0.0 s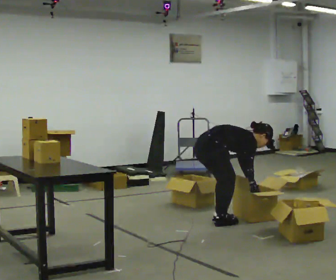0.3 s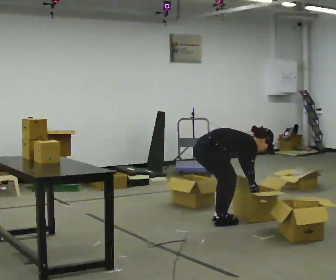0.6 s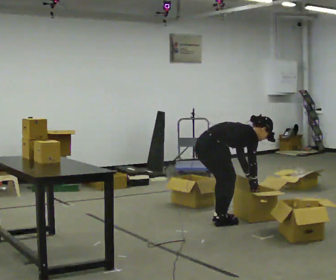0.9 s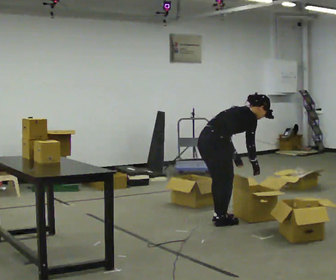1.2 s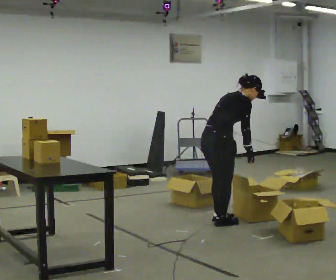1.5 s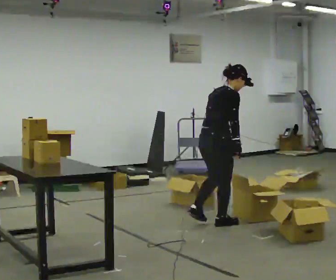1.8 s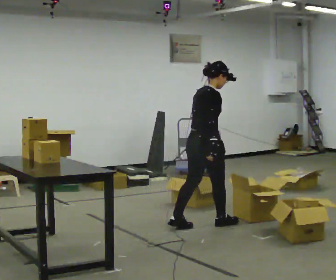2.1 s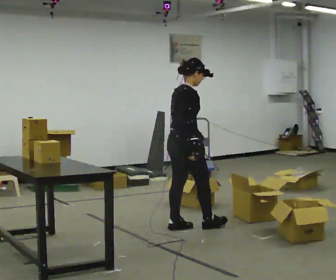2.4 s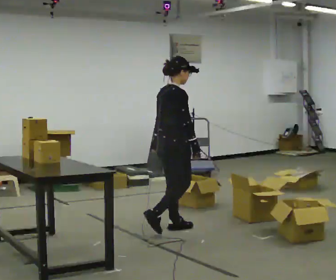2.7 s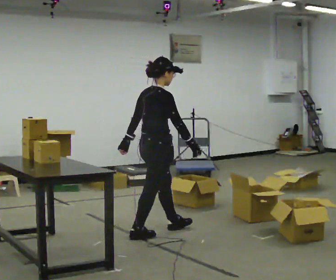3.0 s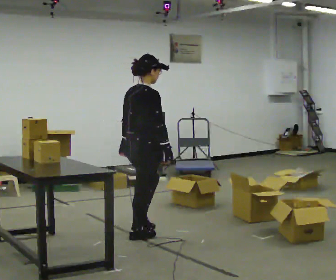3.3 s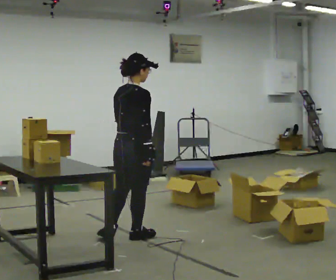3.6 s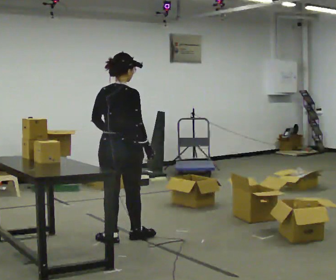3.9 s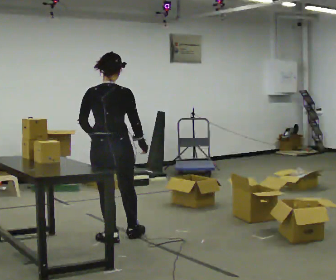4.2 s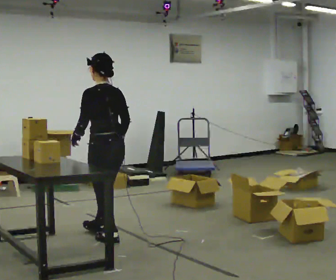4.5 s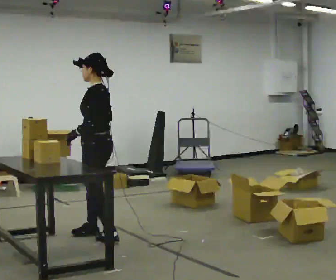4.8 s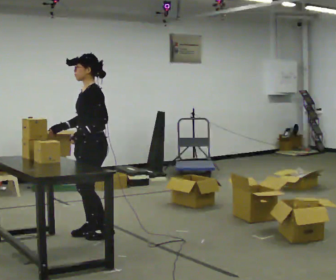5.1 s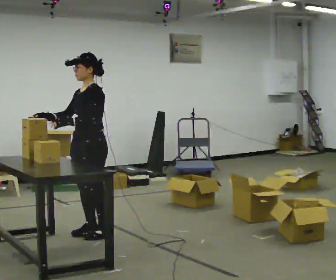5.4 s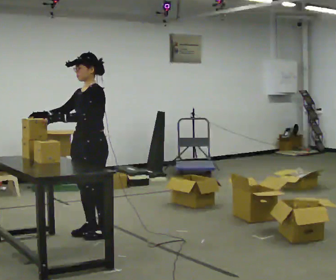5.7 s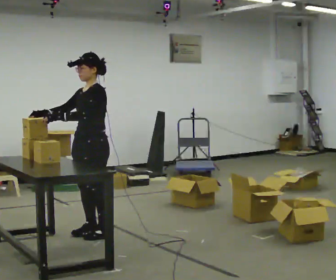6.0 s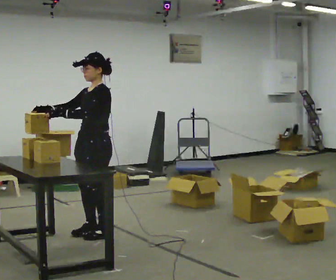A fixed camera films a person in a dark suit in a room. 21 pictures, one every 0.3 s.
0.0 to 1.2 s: The shoulders move upward. In the picture the upper body tilts counterclockwise, shoulders to the left, as they lean back or straighten. In the picture their left hand goes upward and to the left.
1.2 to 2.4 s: In the picture they go to the left, about 0.5 m in 2 steps, which for them is backward. In the picture the upper body tilts counterclockwise, shoulders to the left, as they lean back or straighten.
2.4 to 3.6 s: Seen from above the body turns counterclockwise, about 45 degrees: to their left, with its near side sliding to the right. In the picture they go to the left and toward the camera, about 0.5 m in 1 step, which for them is backward.
3.6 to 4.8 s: The part of the body nearest the lens slides to the right as the person turns to their left by about 135 degrees. In the picture they go to the left and away from the camera, about 0.25 m in 2 steps.
4.8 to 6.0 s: The person moves a little, or ends about where they began.
The film runs backward here.
